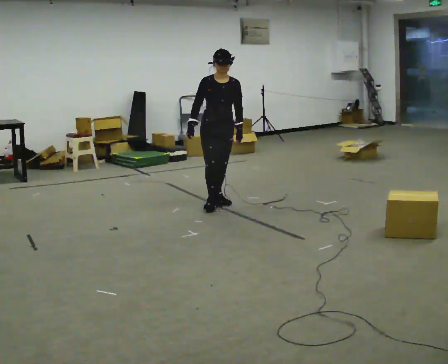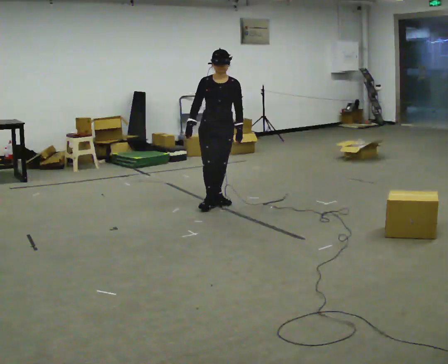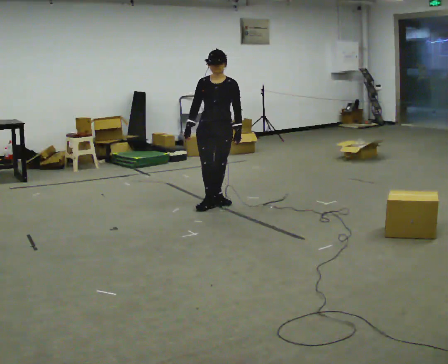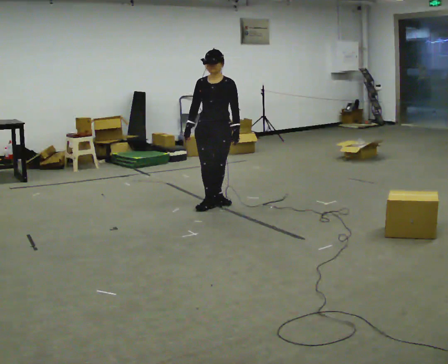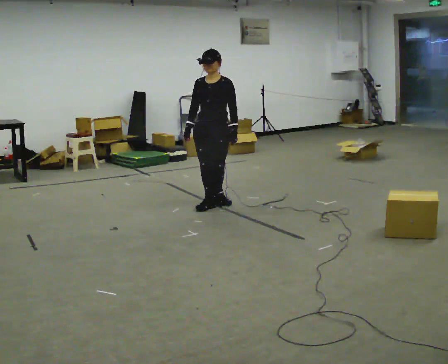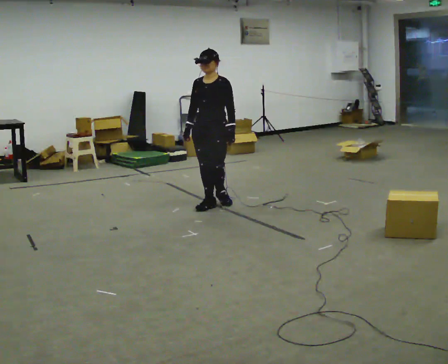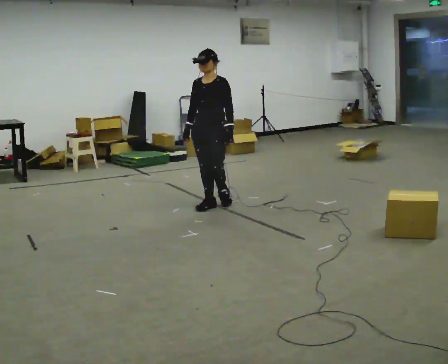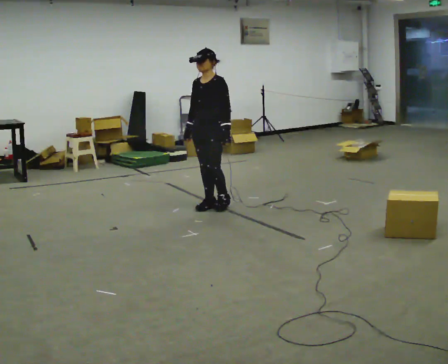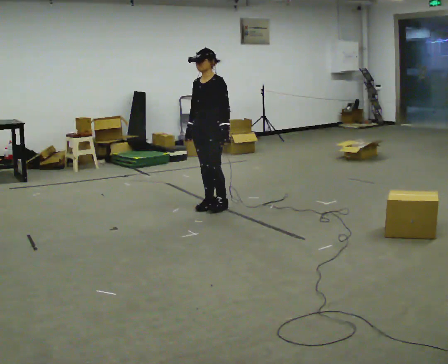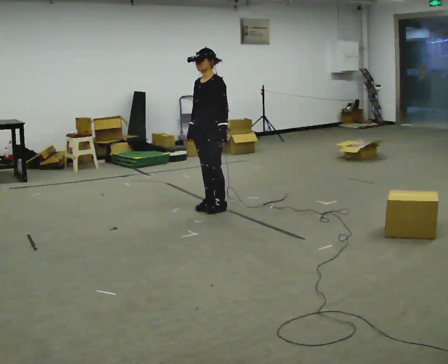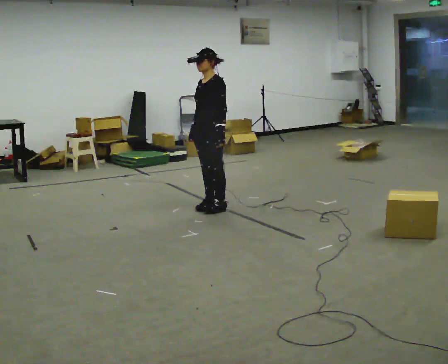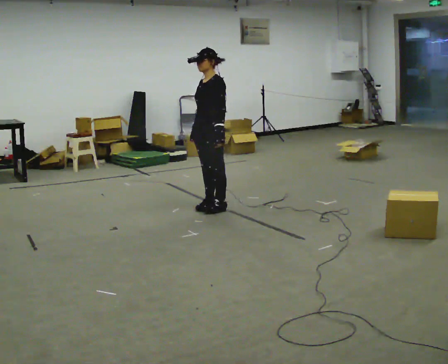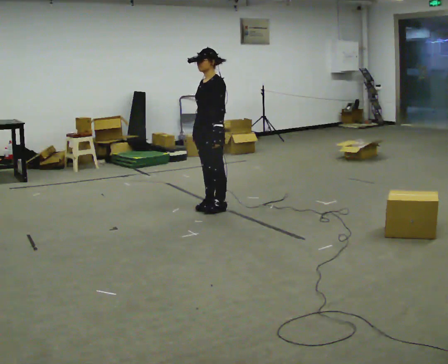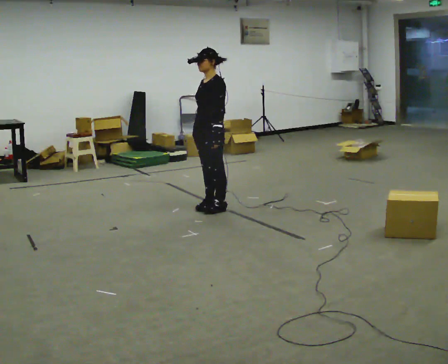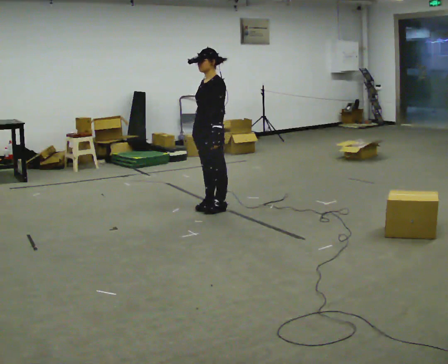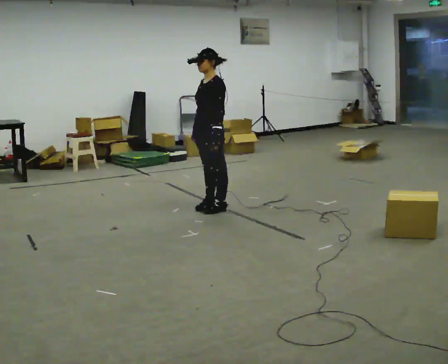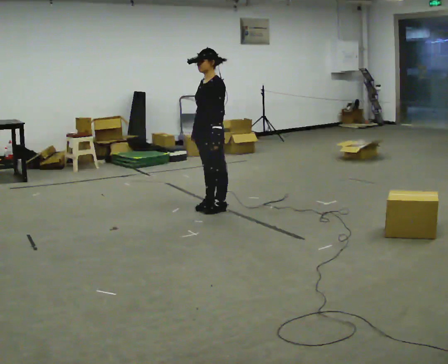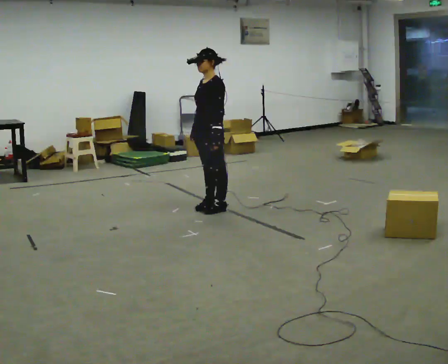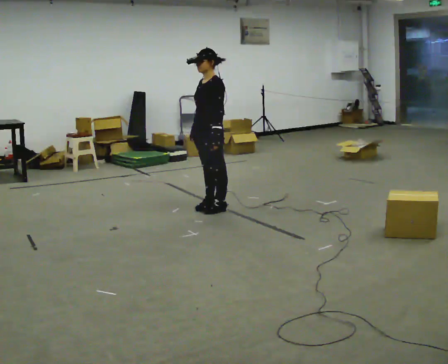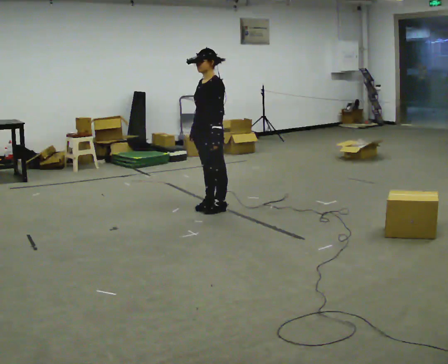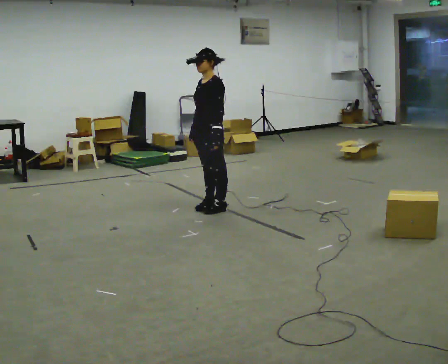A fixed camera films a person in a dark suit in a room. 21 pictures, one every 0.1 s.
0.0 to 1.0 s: Seen from above the body turns clockwise, about 75 degrees: to their right, with its near side sliding to the left. In the picture they go toward the camera, about 0.25 m in 1 step.
1.0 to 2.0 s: The person moves a little, or ends about where they began.
The film runs forward here.
